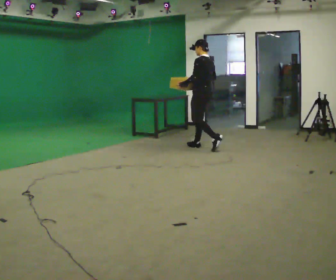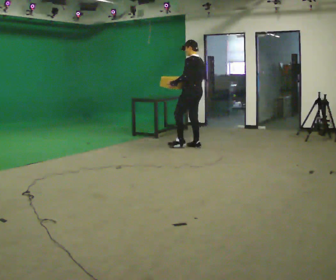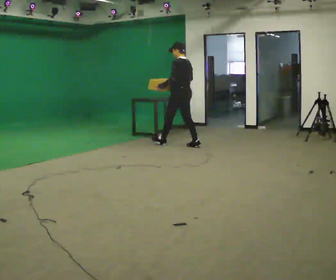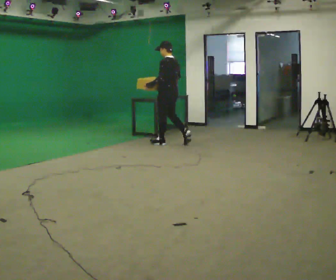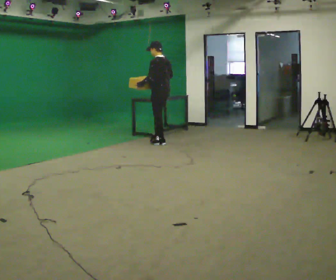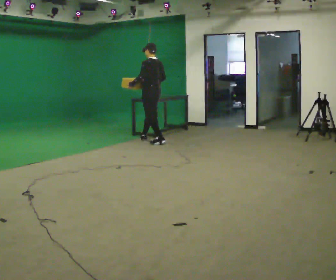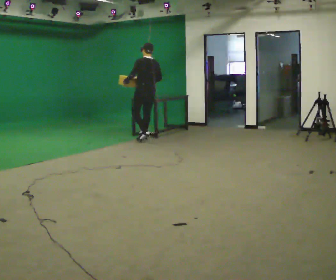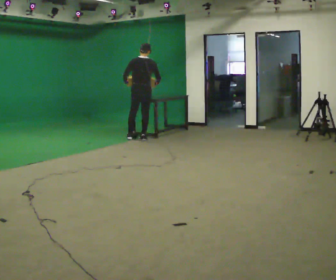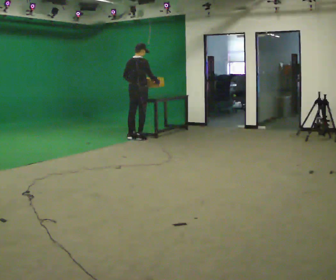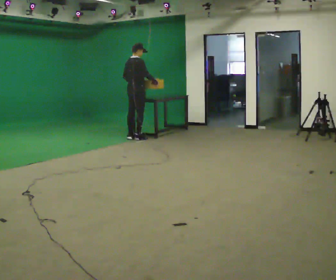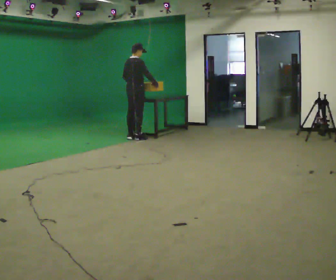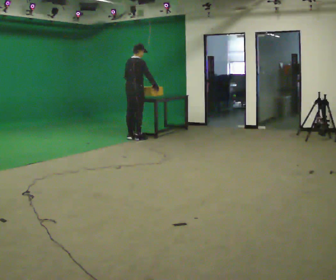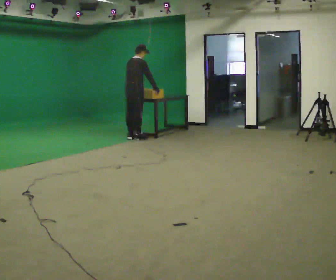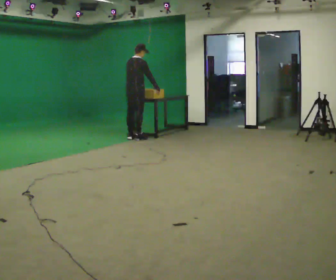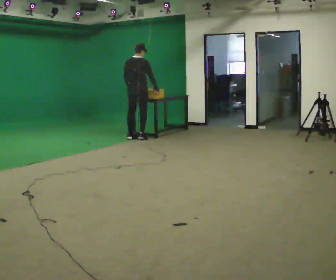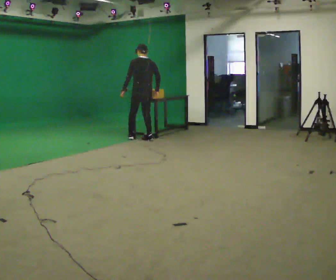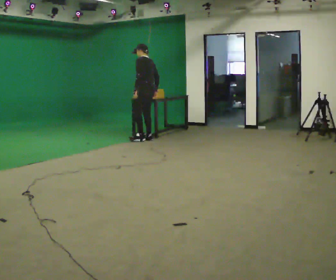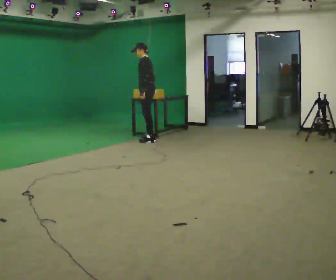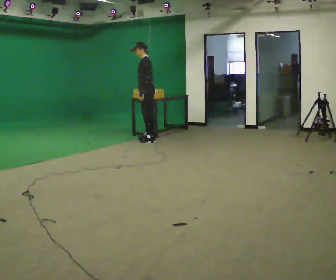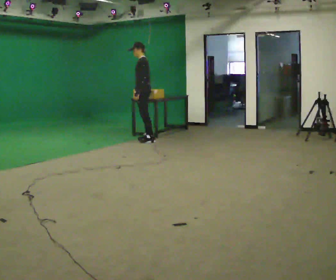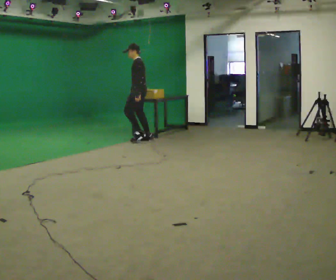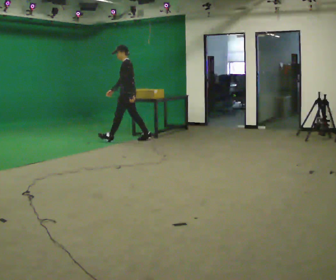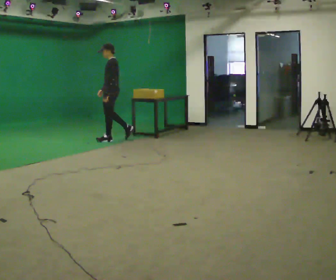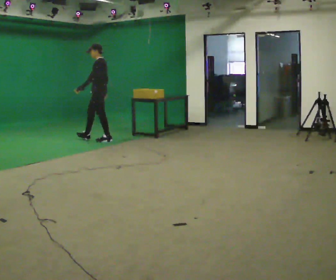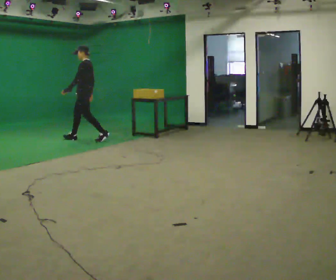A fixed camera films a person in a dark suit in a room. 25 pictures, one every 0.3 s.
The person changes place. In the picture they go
to the left.
0.0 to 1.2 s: In the picture they go to the left and away from the camera, about 1 m in 1 step, which for them is forward.
1.2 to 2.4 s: Seen from above the body turns clockwise, about 90 degrees: to their right, with its near side sliding to the left. In the picture they go to the left and away from the camera, about 0.5 m in 2 steps.
2.4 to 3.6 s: The person moves a little, or ends about where they began.
3.6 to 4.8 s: The part of the body nearest the lens slides to the right as the person turns to their left by about 90 degrees. In the picture they go to the right, about 0.25 m in 1 step.
4.8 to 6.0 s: The part of the body nearest the lens slides to the right as the person turns to their left by about 30 degrees. In the picture their right hand goes to the left.
6.0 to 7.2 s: In the picture they go to the left, about 1 m in 2 steps, which for them is forward.
The film runs forward here.
